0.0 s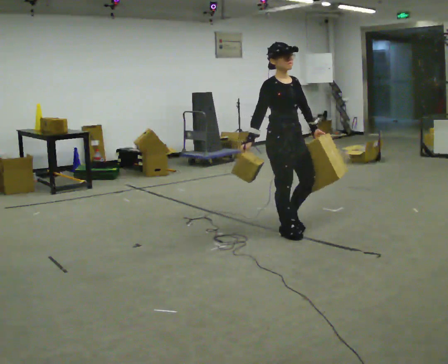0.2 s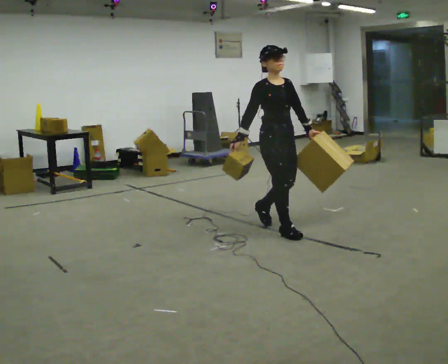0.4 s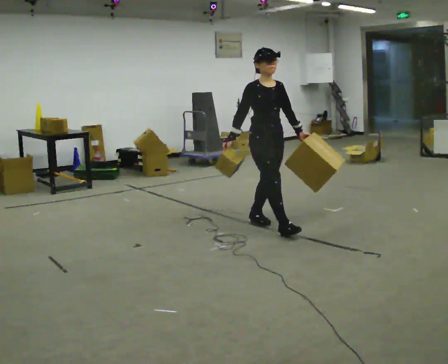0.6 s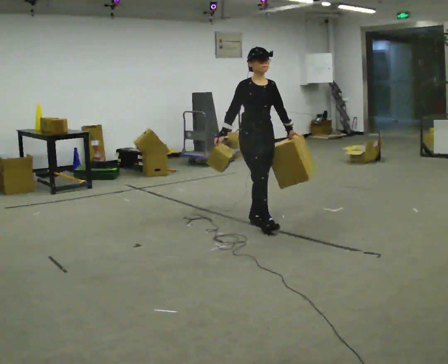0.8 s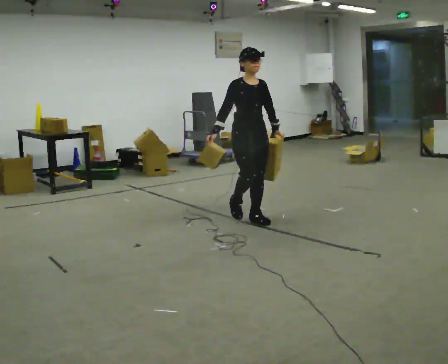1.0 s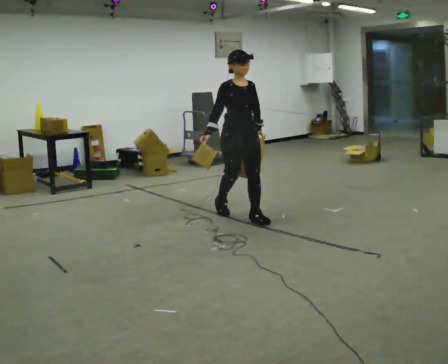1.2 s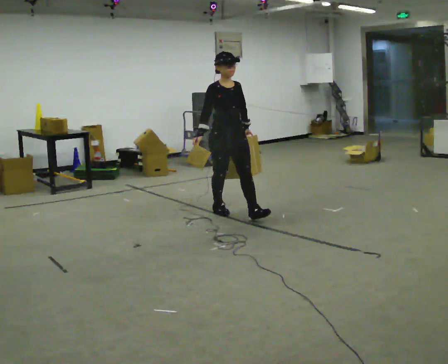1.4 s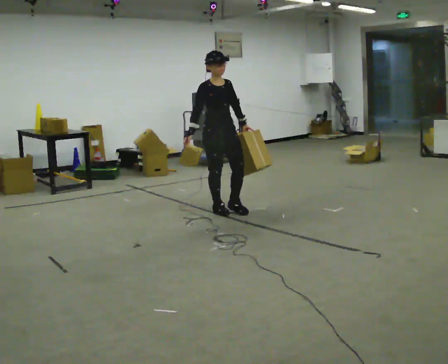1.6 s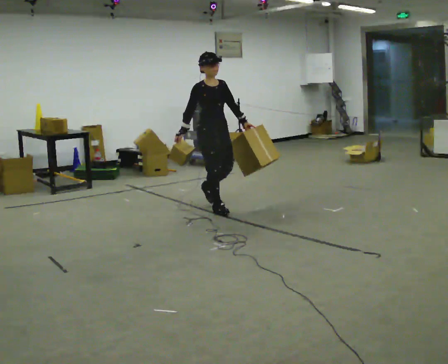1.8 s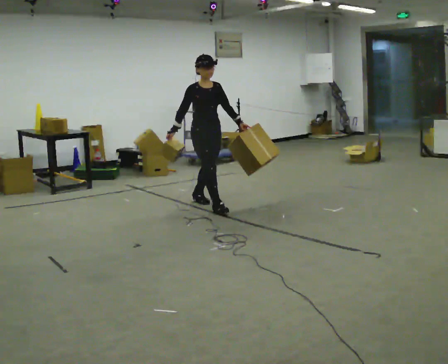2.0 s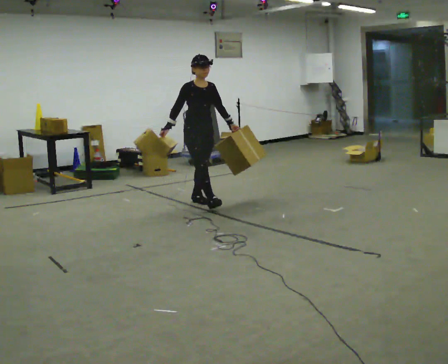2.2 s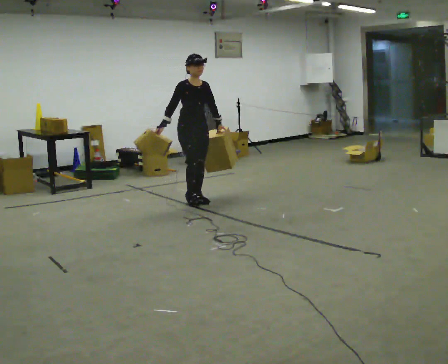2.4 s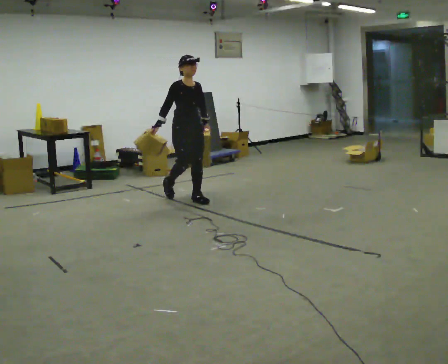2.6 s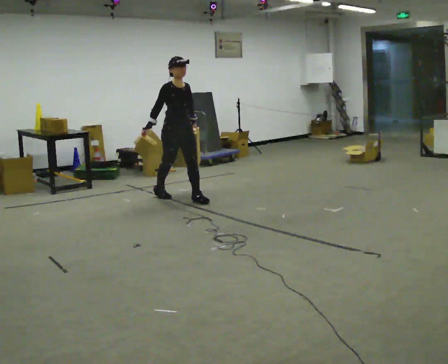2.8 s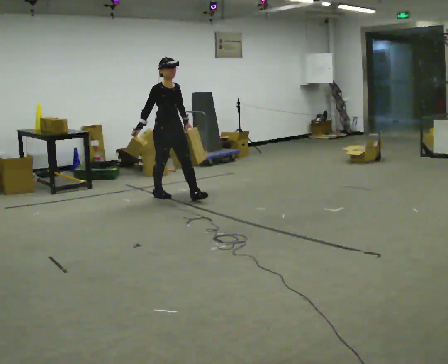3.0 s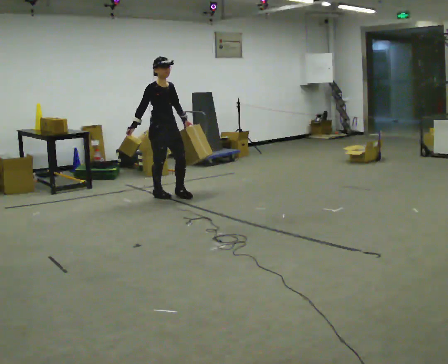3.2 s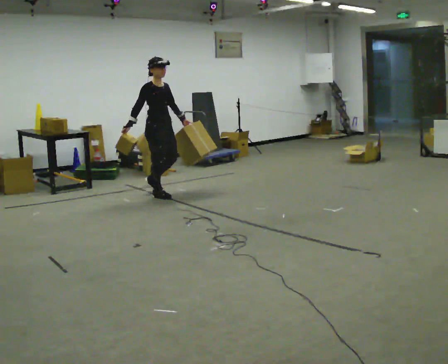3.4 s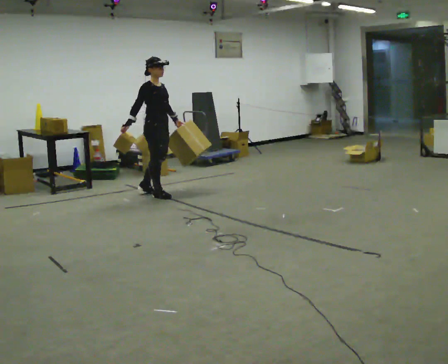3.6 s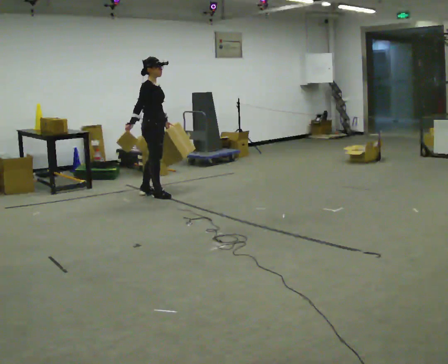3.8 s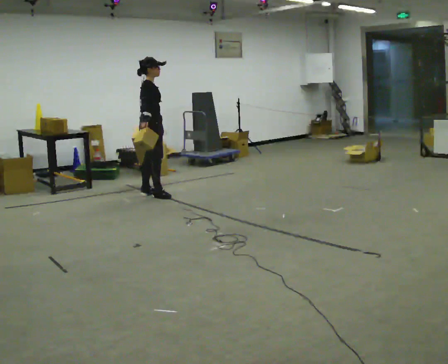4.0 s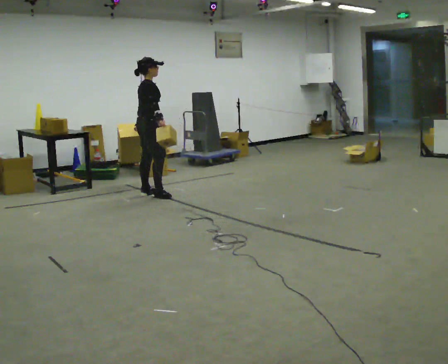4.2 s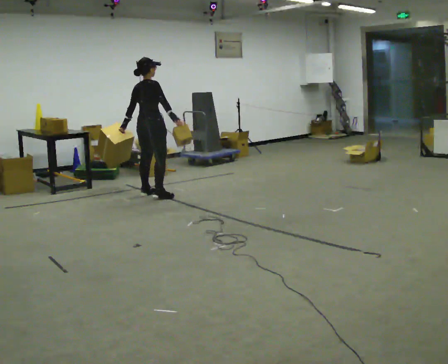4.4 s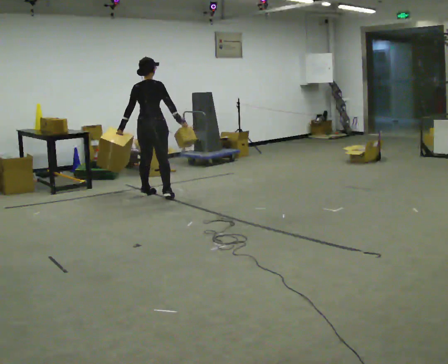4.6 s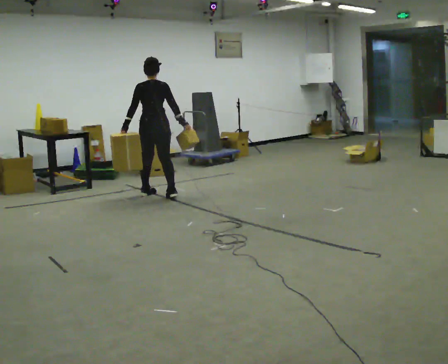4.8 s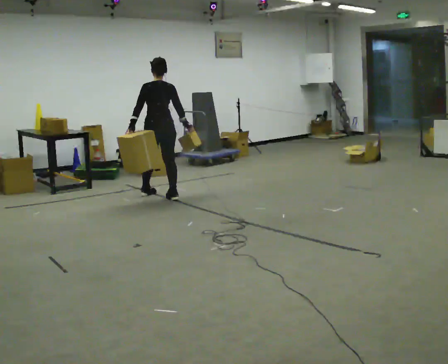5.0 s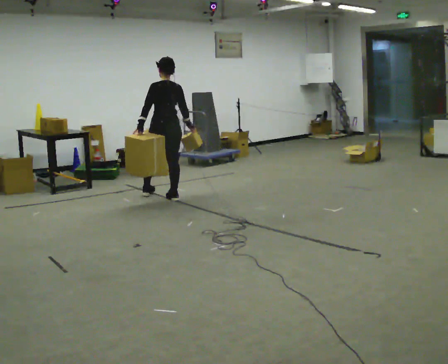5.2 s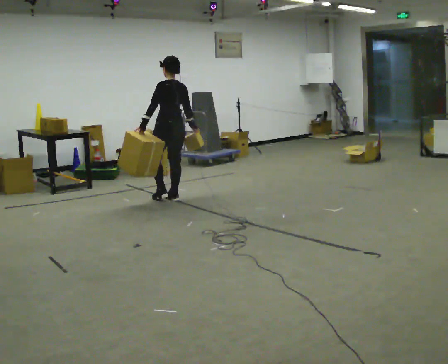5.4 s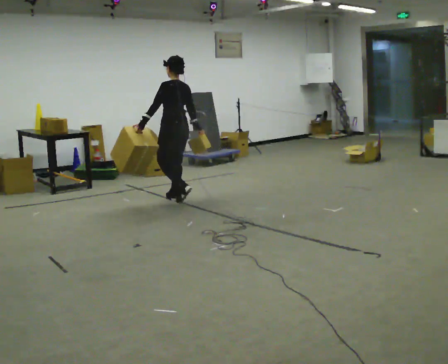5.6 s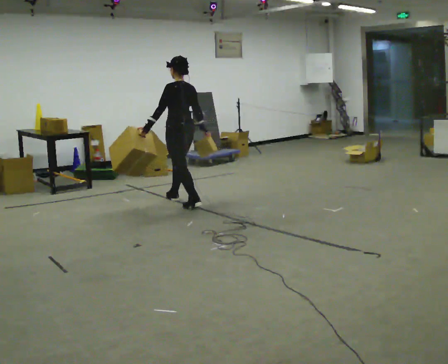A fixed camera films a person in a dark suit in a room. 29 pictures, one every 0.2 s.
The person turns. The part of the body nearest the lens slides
to the right.
The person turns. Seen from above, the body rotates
counterclockwise.
0.0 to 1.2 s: In the picture they go away from the camera and to the left, about 1 m in 1 step, which for them is backward.
1.2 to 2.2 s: In the picture they go away from the camera and to the left, about 0.75 m in 2 steps, which for them is backward.
2.2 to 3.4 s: The part of the body nearest the lens slides to the right as the person turns to their left by about 30 degrees. In the picture they go to the left and away from the camera, about 0.5 m in 1 step, which for them is backward.
3.4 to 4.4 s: Seen from above the body turns counterclockwise, about 90 degrees: to their left, with its near side sliding to the right. In the picture their right hand goes to the right, the arm swinging counterclockwise.
4.4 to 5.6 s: The part of the body nearest the lens slides to the right as the person turns to their left by about 75 degrees. In the picture they go toward the camera and to the right, about 0.5 m in 1 step.
The film runs backward here.
